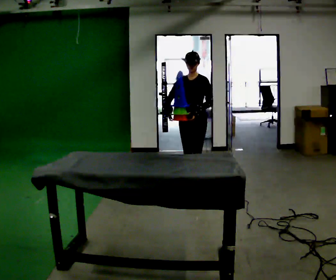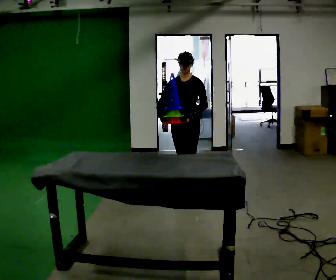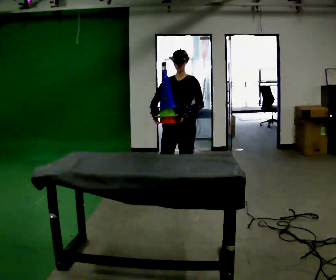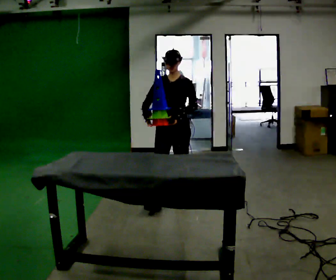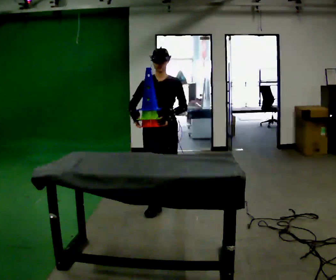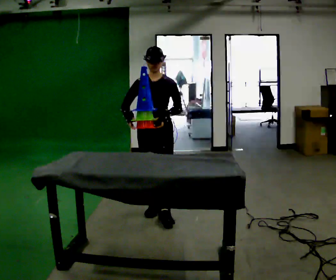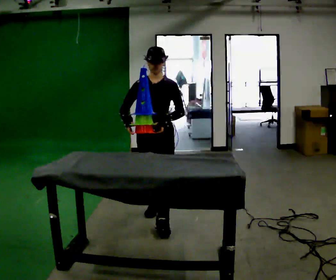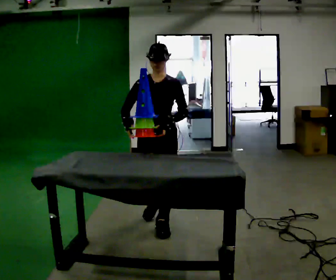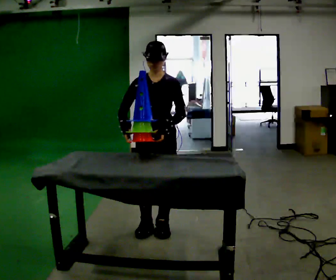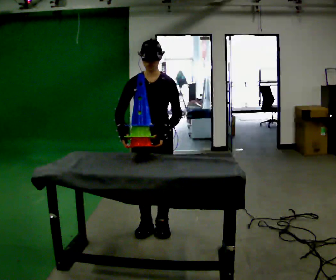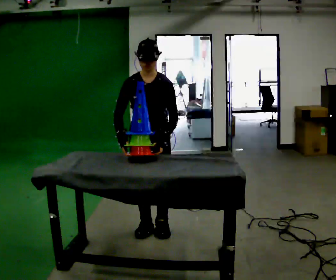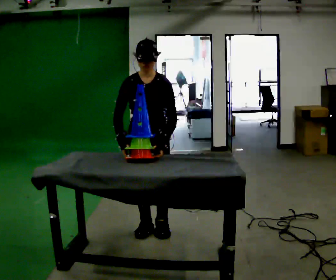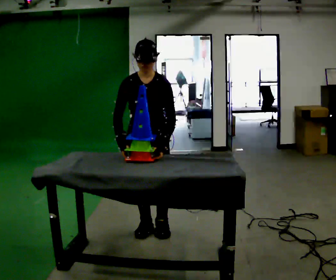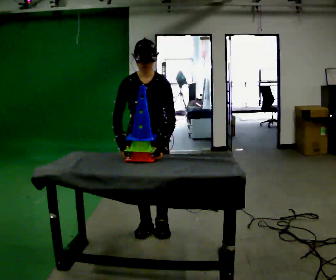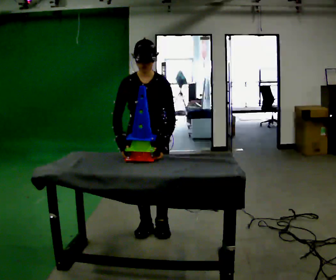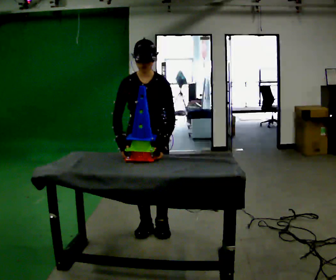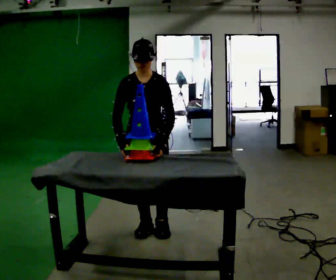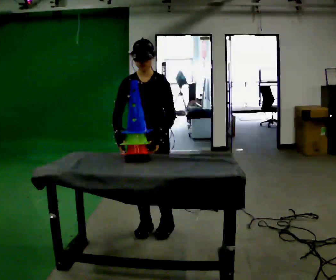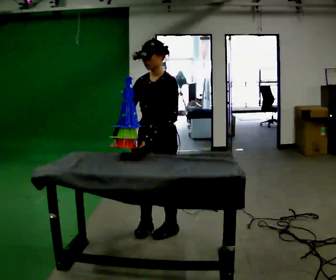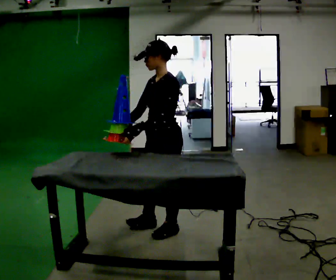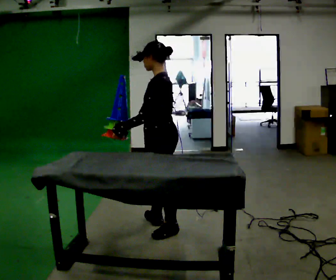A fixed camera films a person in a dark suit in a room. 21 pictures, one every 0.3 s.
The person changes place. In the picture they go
toward the camera.
0.0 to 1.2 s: In the picture they go toward the camera and to the left, about 0.5 m in 2 steps, which for them is forward.
1.2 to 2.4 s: In the picture they go toward the camera, about 0.5 m in 2 steps, which for them is forward.
2.4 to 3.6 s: The person moves a little, or ends about where they began.
3.6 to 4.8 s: The person keeps their place and pose.
4.8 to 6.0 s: The person turns about 90 degrees to their right, clockwise seen from above, so the part of the body nearest the lens slides to the left.
The film runs forward here.
